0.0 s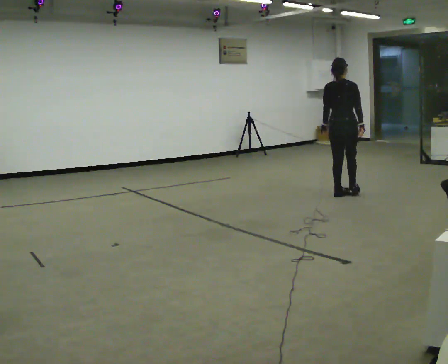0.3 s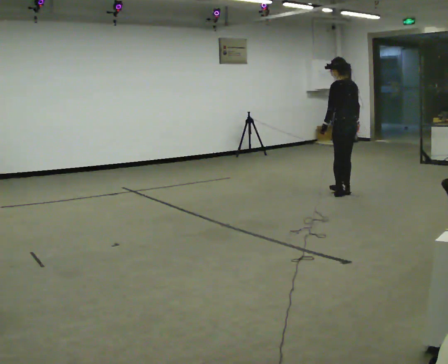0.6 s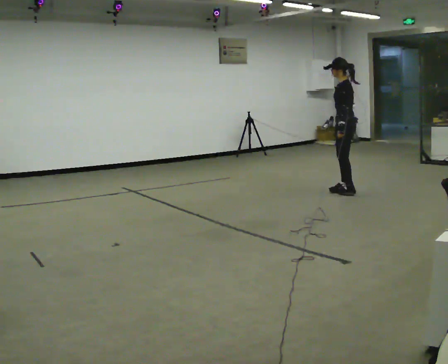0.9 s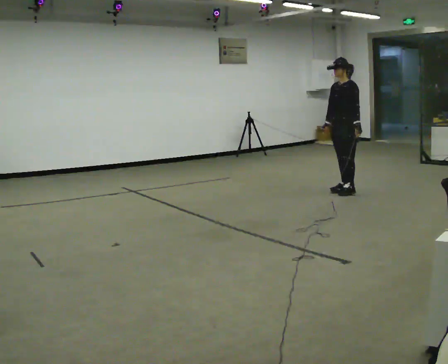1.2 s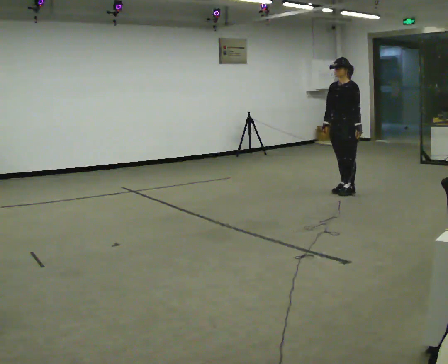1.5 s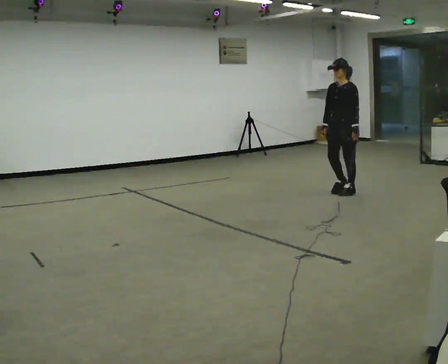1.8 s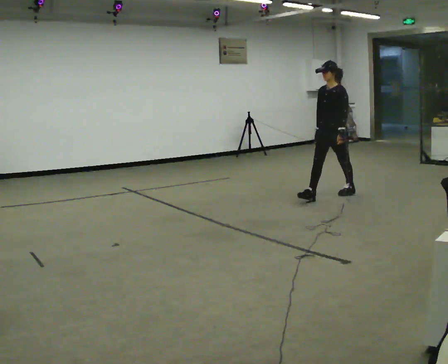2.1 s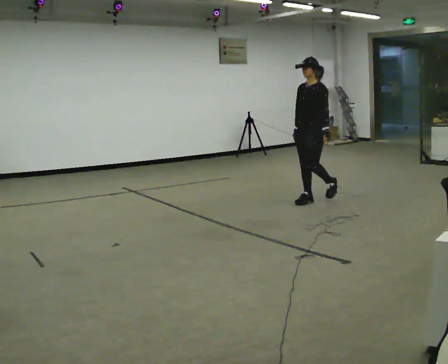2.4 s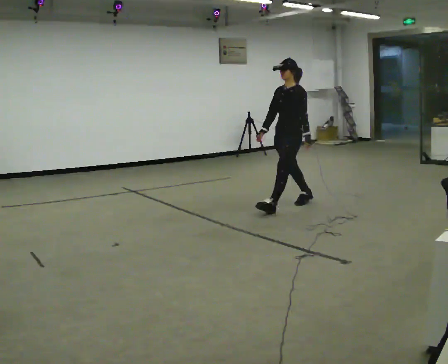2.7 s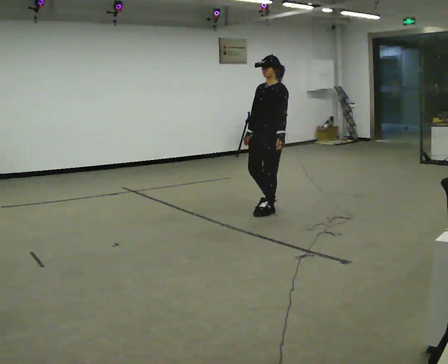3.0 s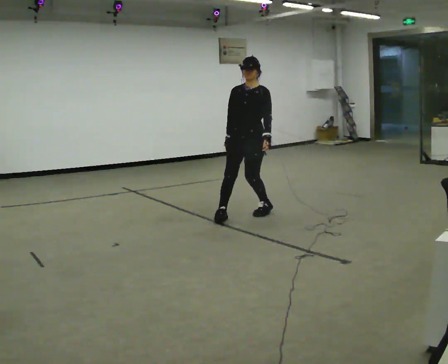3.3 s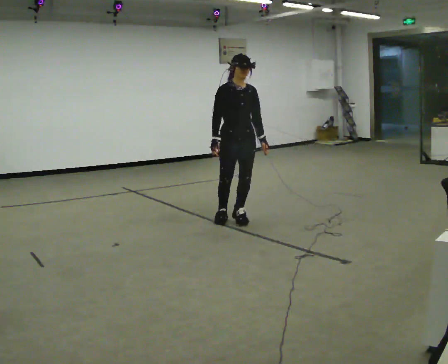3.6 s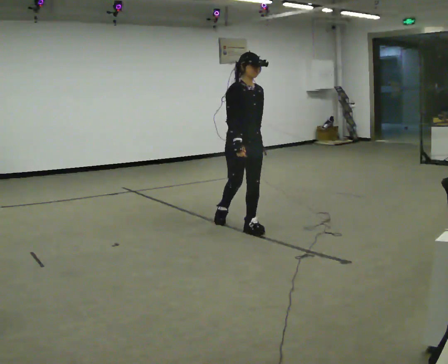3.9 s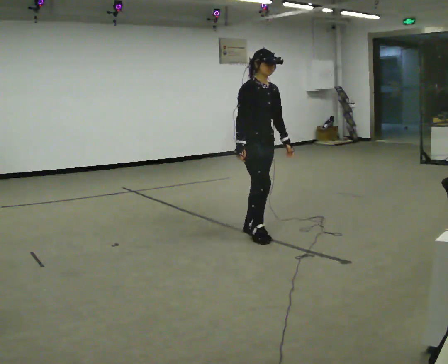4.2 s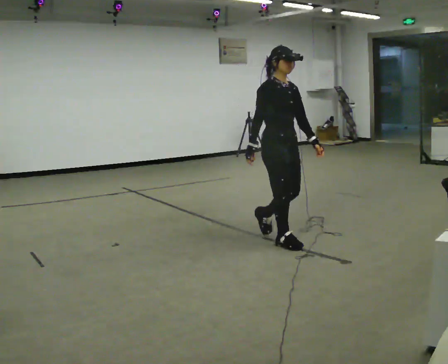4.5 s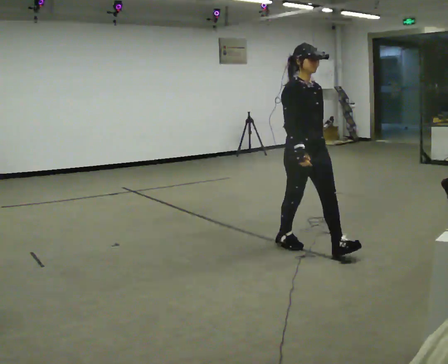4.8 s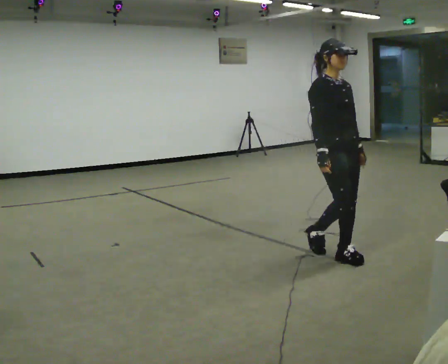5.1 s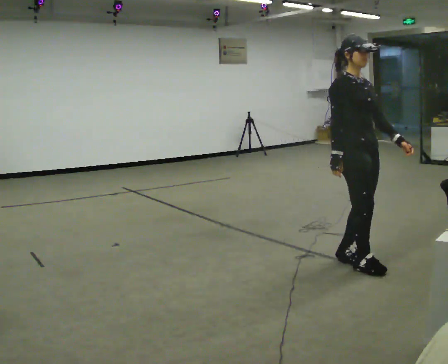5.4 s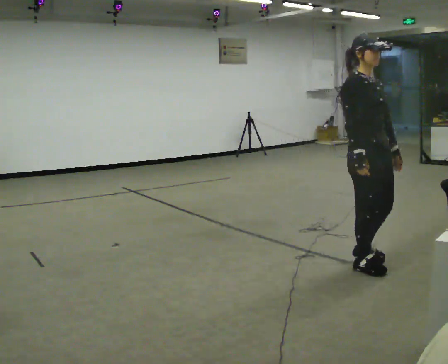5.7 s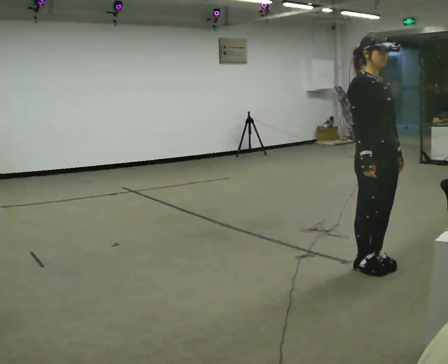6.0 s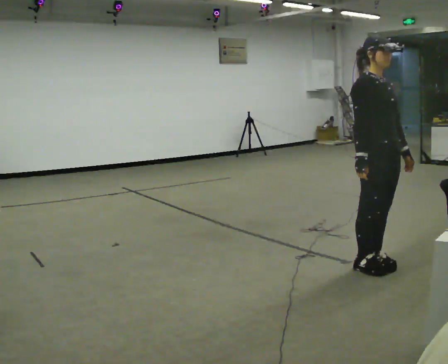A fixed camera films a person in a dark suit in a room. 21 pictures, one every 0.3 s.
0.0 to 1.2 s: The part of the body nearest the lens slides to the right as the person turns to their left by about 150 degrees. In the picture their left hand goes to the right.
1.2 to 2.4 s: In the picture they go to the left and toward the camera, about 1 m in 2 steps, which for them is forward.
2.4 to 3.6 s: The person turns about 90 degrees to their left, counterclockwise seen from above, so the part of the body nearest the lens slides to the right. In the picture they go toward the camera and to the left, about 1 m in 2 steps.
3.6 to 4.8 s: In the picture they go toward the camera and to the right, about 1 m in 2 steps, which for them is forward.
4.8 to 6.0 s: In the picture they go toward the camera and to the right, about 0.25 m in 2 steps, which for them is forward.
The film runs forward here.
